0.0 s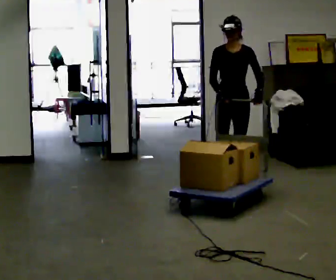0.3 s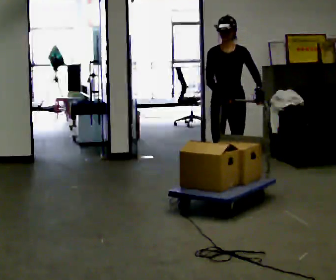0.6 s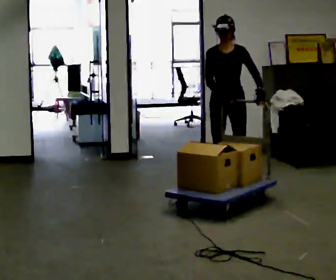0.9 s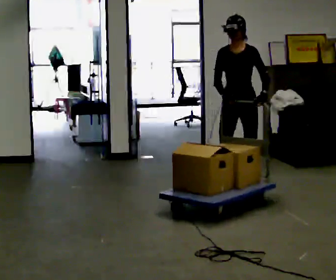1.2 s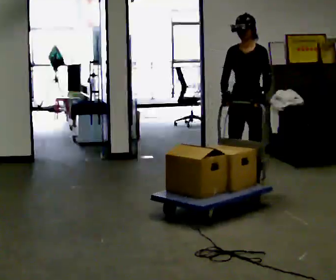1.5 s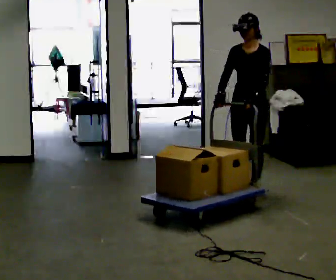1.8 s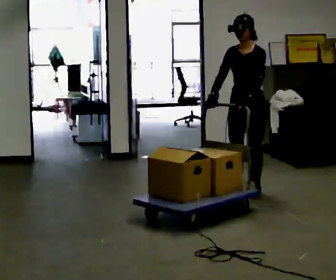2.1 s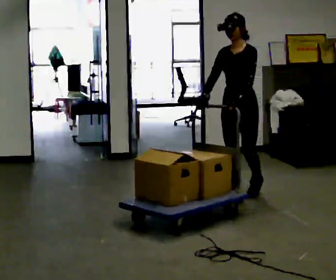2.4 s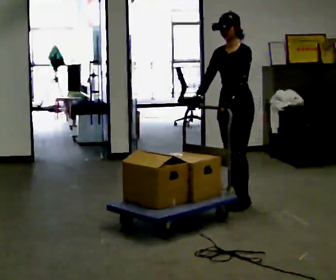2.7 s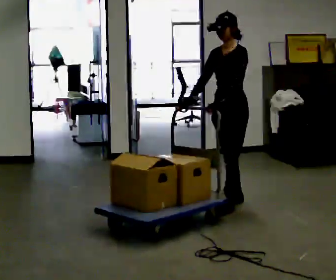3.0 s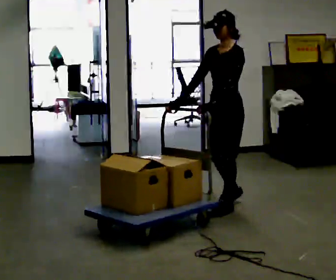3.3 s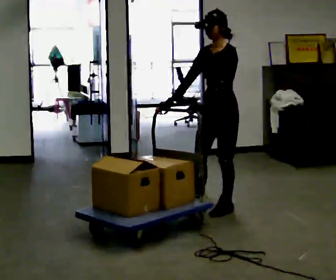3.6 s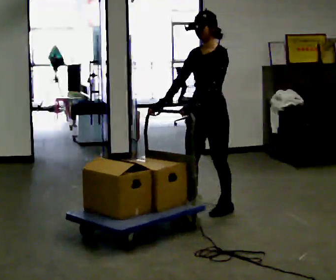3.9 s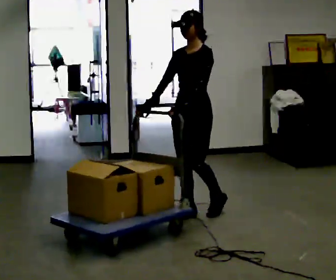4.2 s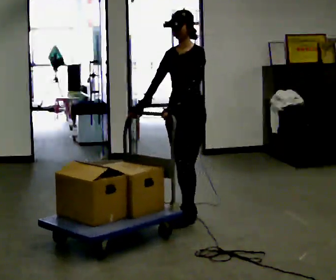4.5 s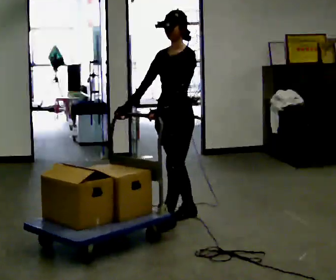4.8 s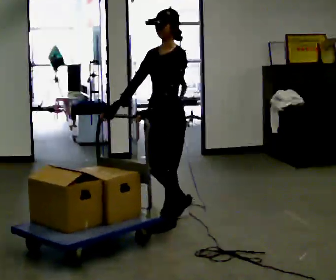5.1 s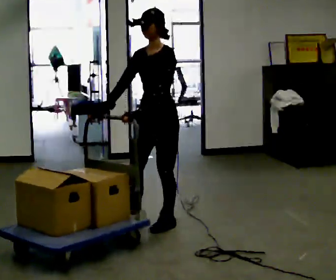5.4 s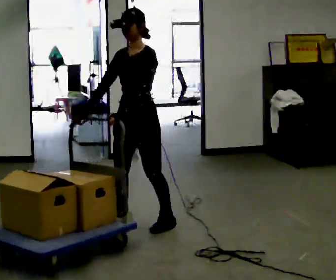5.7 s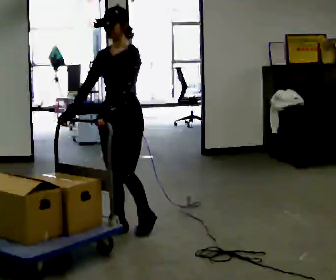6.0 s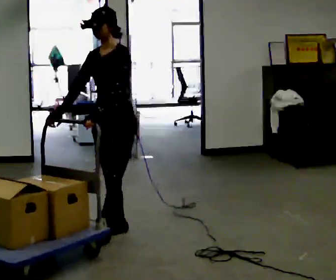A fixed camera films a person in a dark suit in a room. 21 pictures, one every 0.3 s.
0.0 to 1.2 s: In the picture they go toward the camera, about 0.25 m in 1 step, which for them is forward and to their left.
1.2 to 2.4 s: In the picture they go toward the camera, about 0.25 m in 1 step, which for them is forward.
2.4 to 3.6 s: In the picture they go toward the camera and to the left, about 0.5 m in 2 steps, which for them is forward.
3.6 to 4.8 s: In the picture they go toward the camera and to the left, about 0.5 m in 1 step, which for them is forward.
4.8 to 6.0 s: In the picture they go to the left and toward the camera, about 0.5 m in 1 step, which for them is forward.
The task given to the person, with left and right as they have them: Push the loaded cart from one corner of the room to the other, turn it round, and push it back. Keep going until the operator says stop.
The film runs forward here.
